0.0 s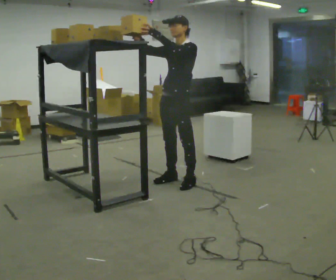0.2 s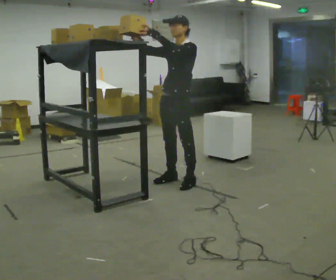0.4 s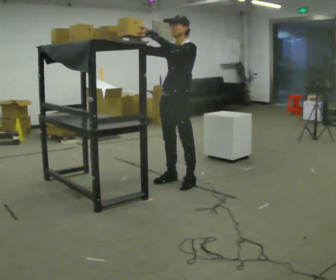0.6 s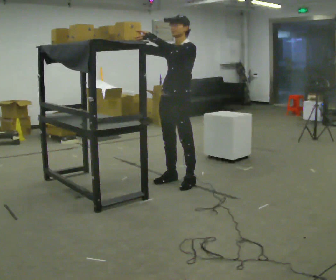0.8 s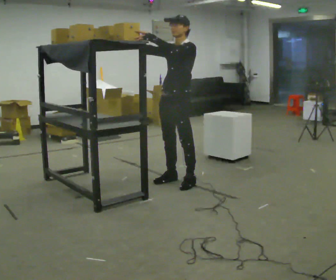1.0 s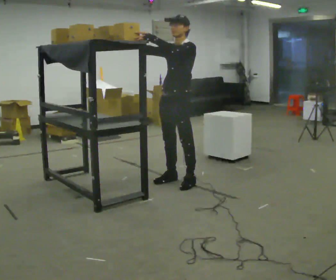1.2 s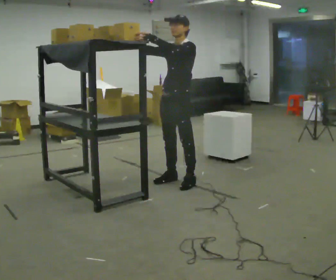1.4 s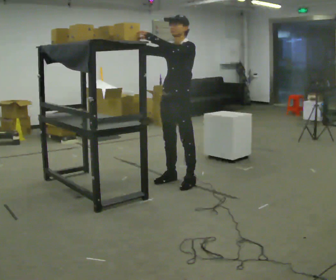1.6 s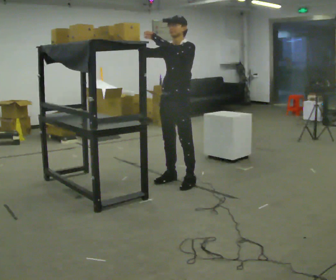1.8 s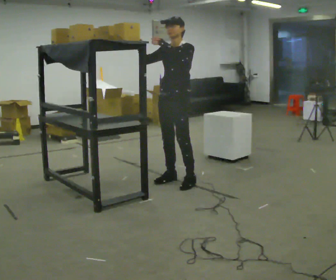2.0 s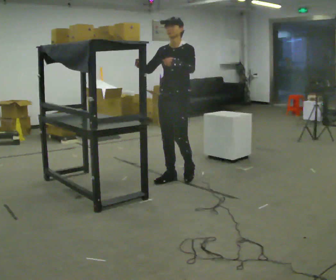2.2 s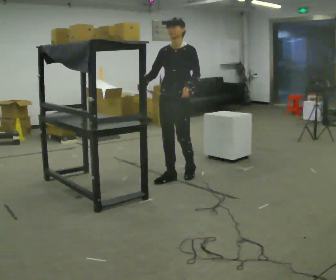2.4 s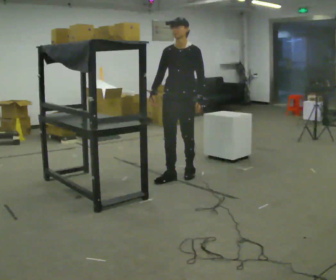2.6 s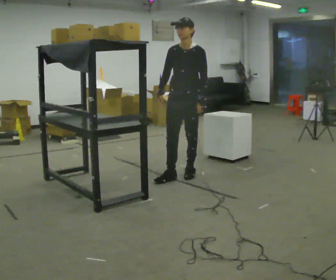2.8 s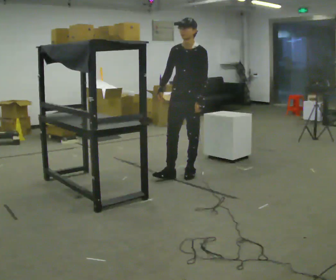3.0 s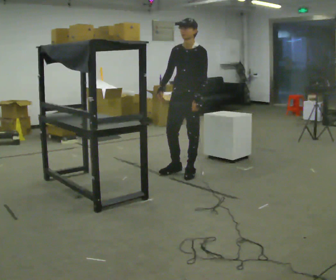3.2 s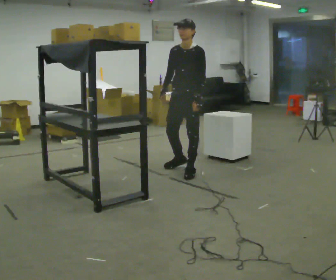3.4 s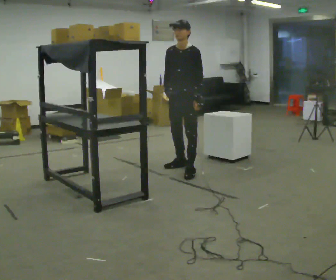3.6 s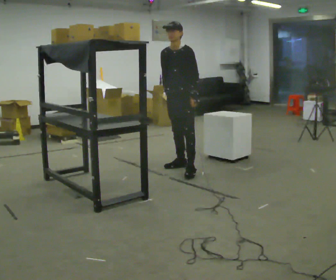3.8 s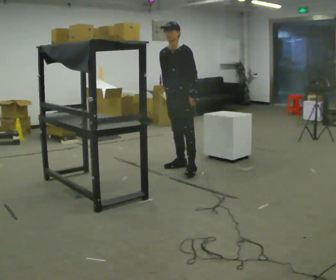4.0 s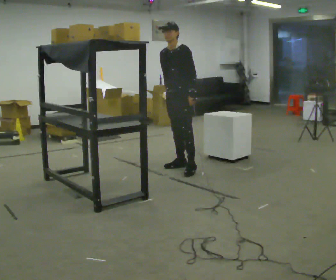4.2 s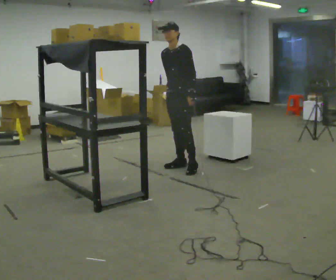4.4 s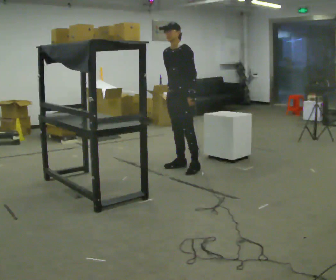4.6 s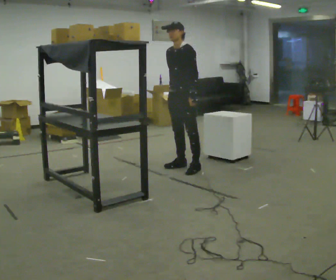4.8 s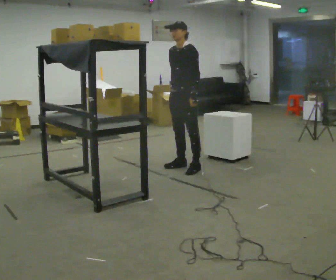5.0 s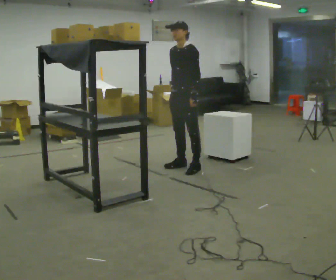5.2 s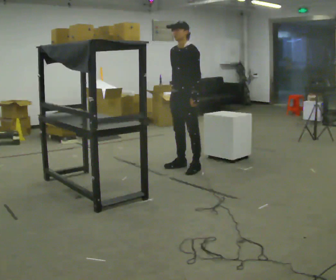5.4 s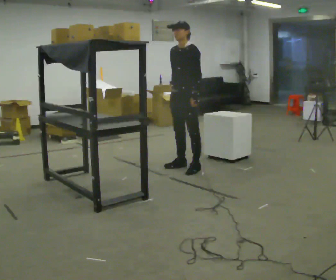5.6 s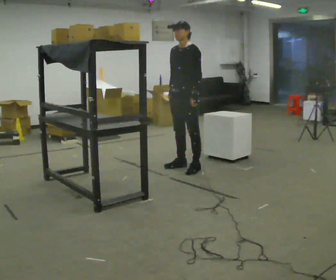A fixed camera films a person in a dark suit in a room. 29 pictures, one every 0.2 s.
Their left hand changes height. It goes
downward.
0.0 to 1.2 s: The person moves a little, or ends about where they began.
1.2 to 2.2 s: In the picture they go away from the camera, about 0.25 m in 1 step, which for them is to their right and backward. In the picture their left hand goes downward and to the right.
2.2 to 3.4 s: In the picture they go away from the camera, about 0.25 m in 1 step, which for them is backward.
3.4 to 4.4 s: In the picture they go away from the camera, about 0.25 m in 1 step, which for them is to their right.
4.4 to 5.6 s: The person moves a little, or ends about where they began.
The film runs backward here.
